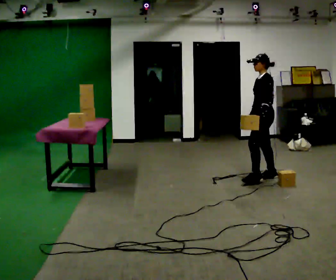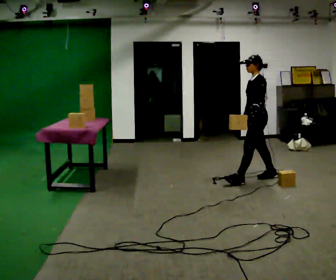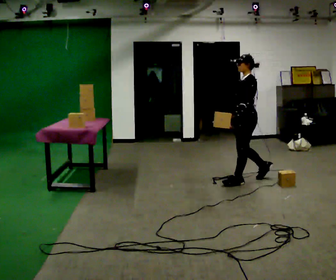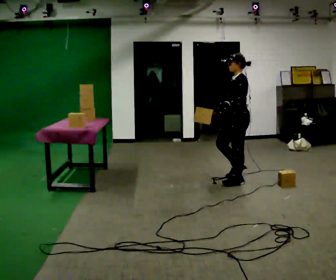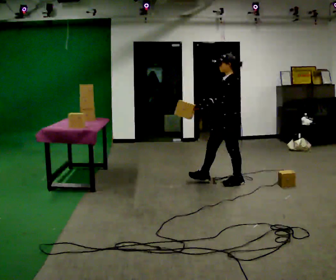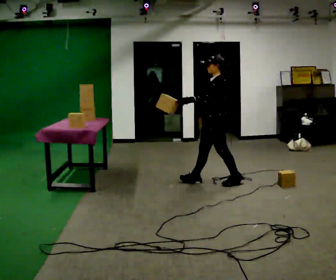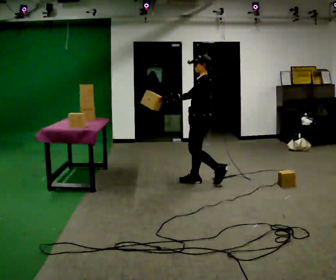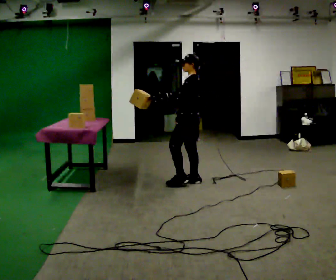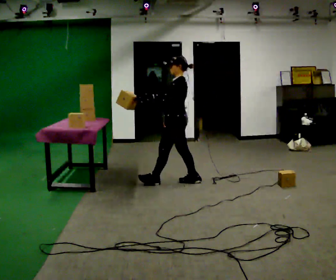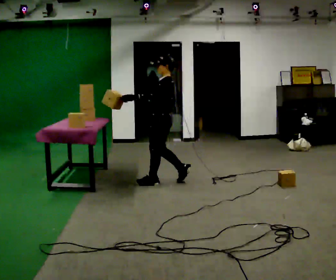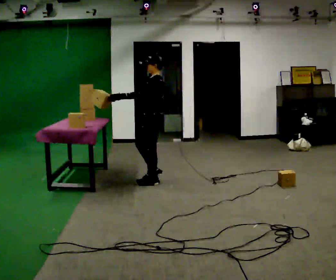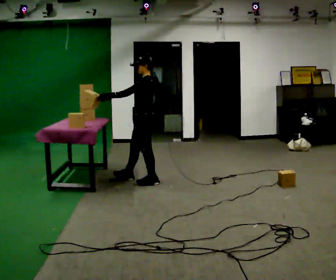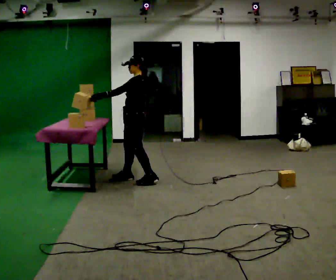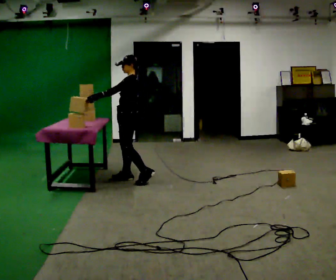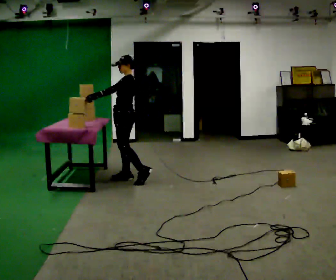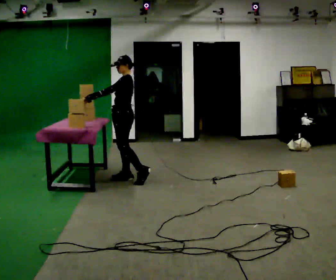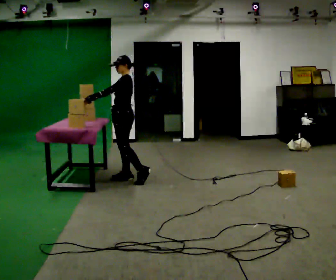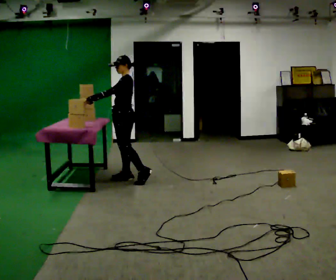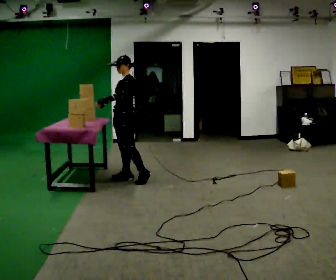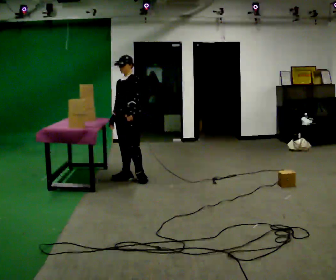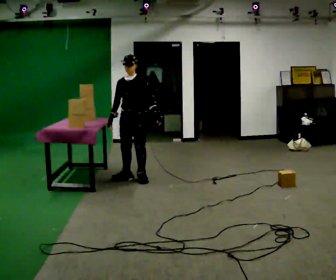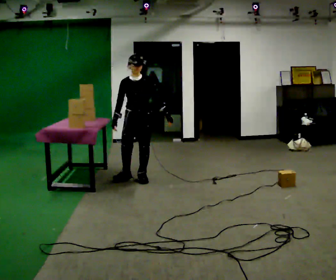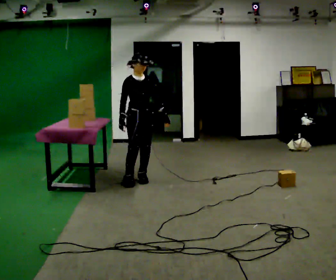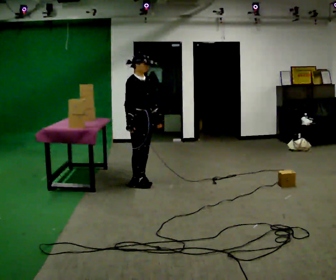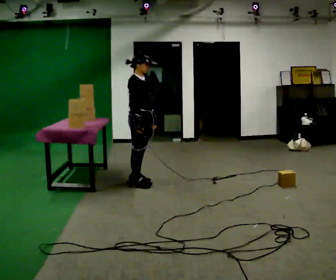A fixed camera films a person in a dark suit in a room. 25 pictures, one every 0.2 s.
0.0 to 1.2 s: In the picture they go to the left, about 1 m in 2 steps, which for them is forward.
1.2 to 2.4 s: In the picture they go to the left, about 1 m in 2 steps, which for them is forward.
2.4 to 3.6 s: The person turns about 30 degrees to their left, counterclockwise seen from above, so the part of the body nearest the lens slides to the right.
3.6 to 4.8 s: Seen from above the body turns counterclockwise, about 135 degrees: to their left, with its near side sliding to the right. In the picture they go toward the camera, about 0.25 m in 2 steps. In the picture their left hand goes to the right.
The film runs forward here.
